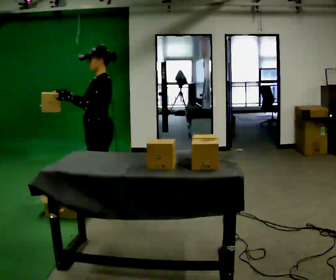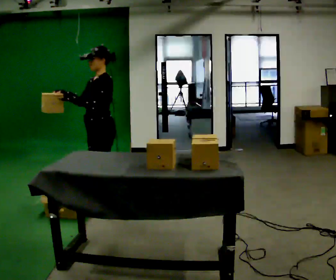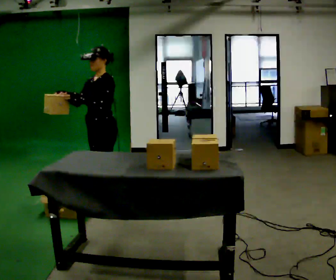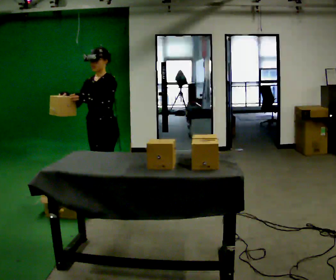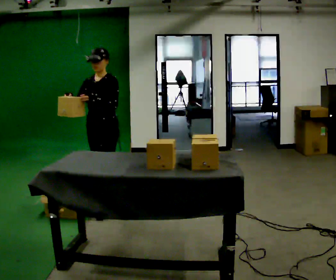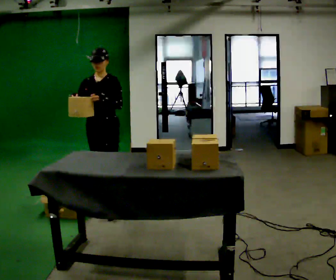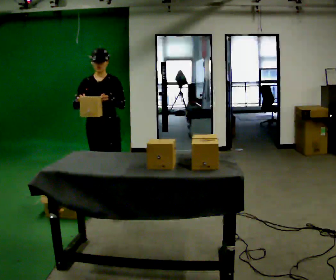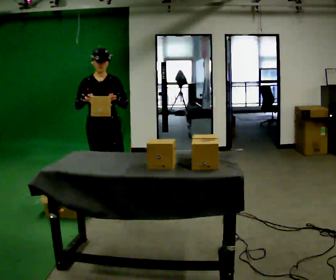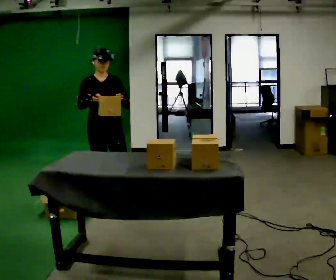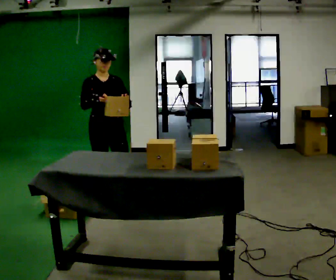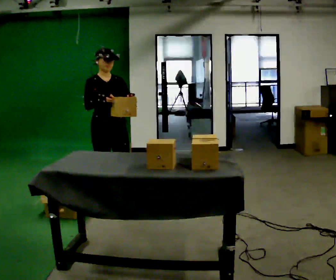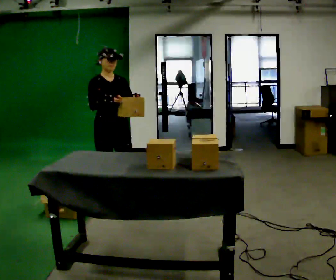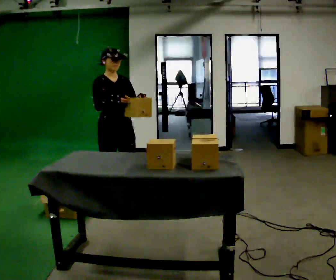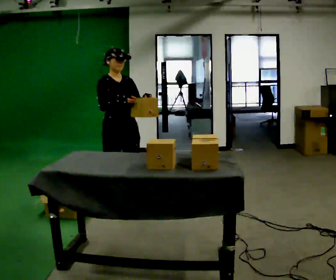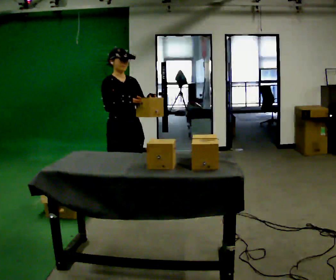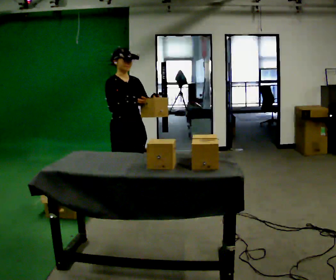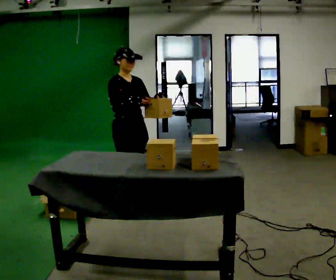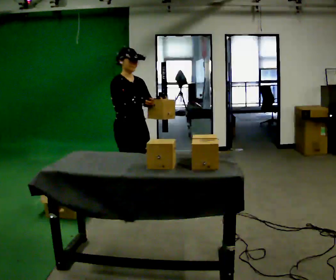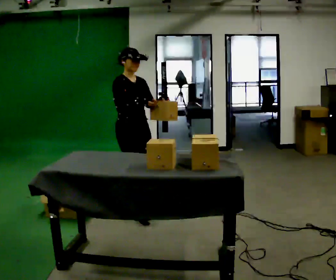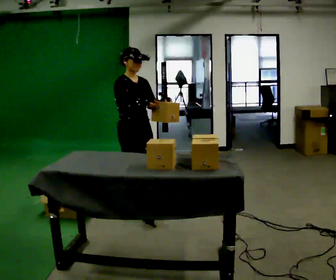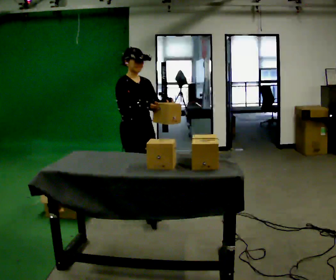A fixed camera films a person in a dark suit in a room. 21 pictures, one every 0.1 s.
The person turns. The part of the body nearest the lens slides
to the right.
The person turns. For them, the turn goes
to their left.
0.0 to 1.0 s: The part of the body nearest the lens slides to the right as the person turns to their left by about 90 degrees. In the picture their right hand goes to the right.
1.0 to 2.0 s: In the picture they go to the right and toward the camera, about 0.25 m in 1 step, which for them is forward.
The film runs forward here.
